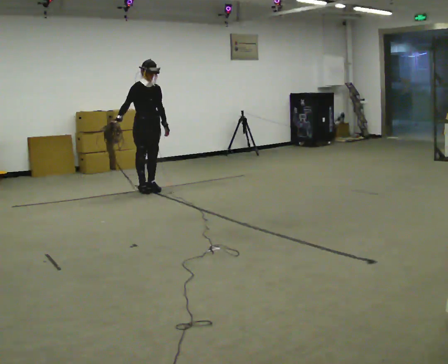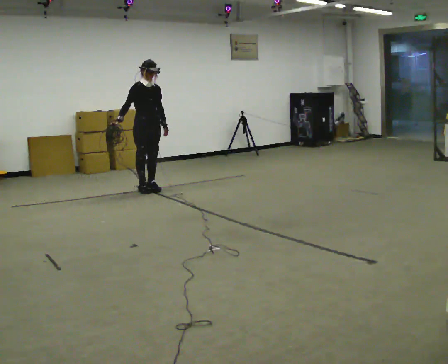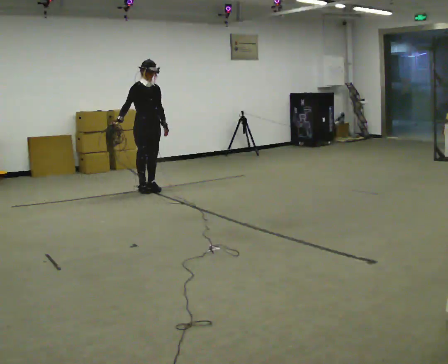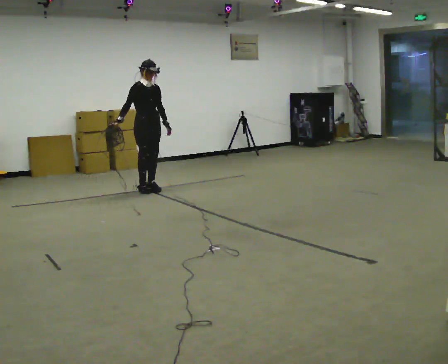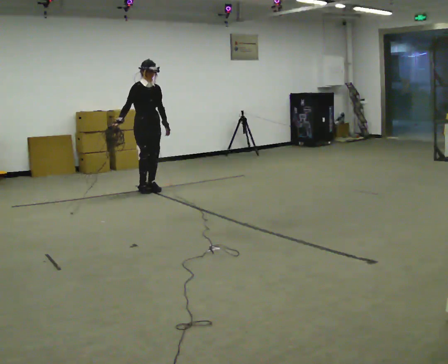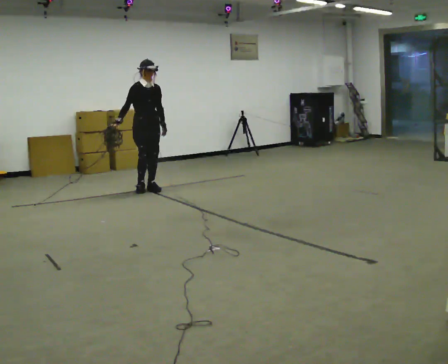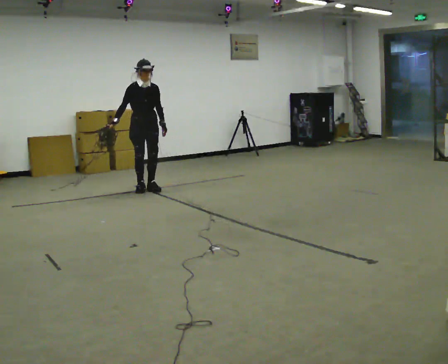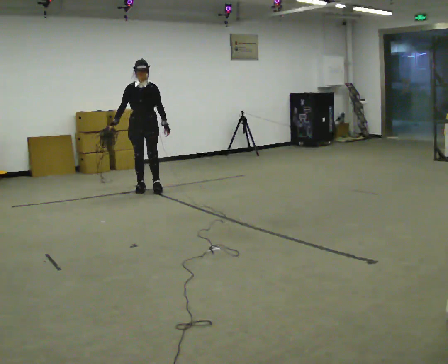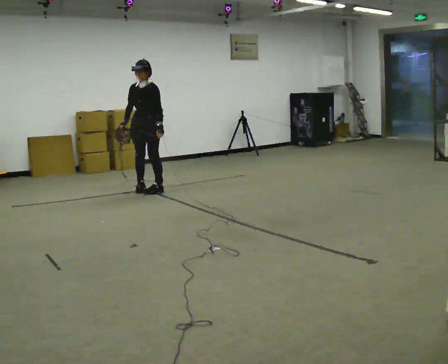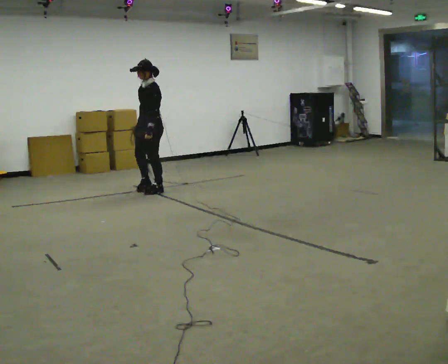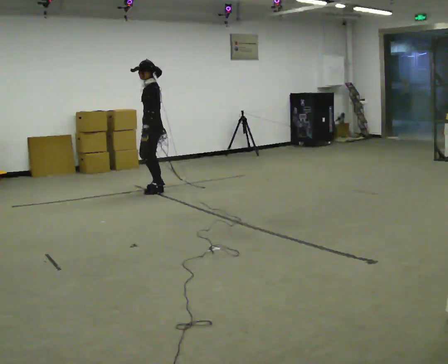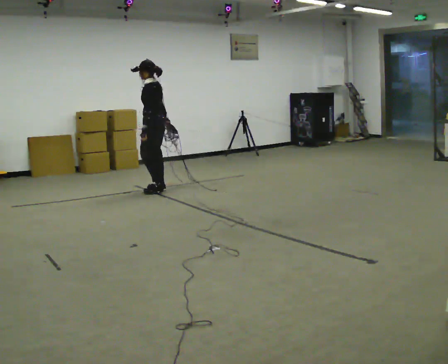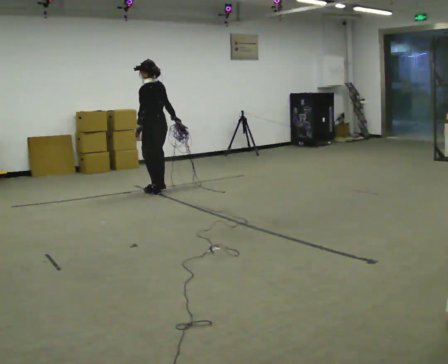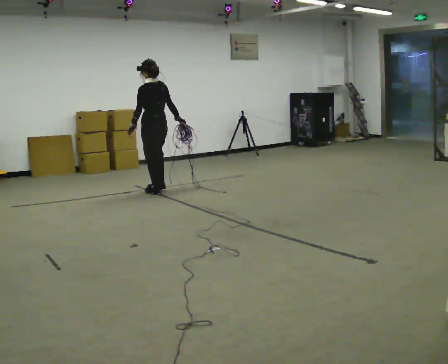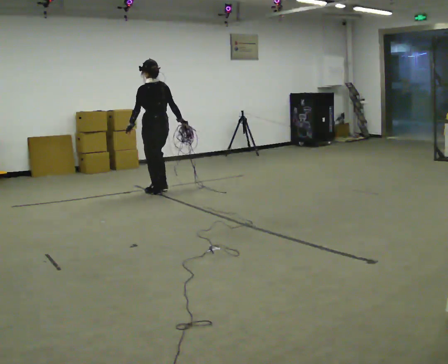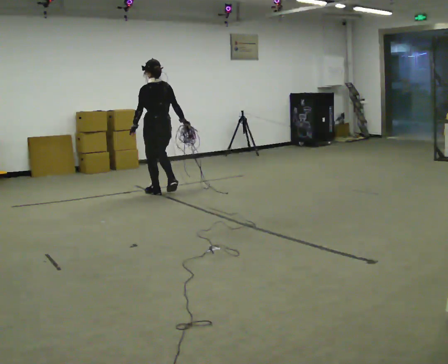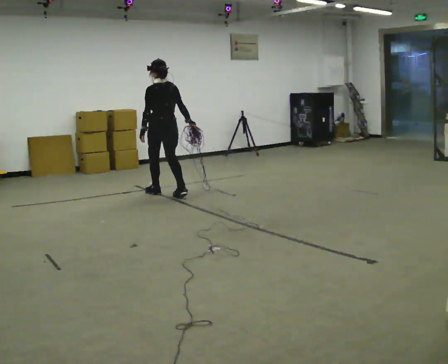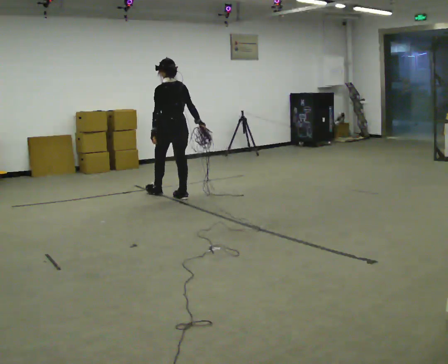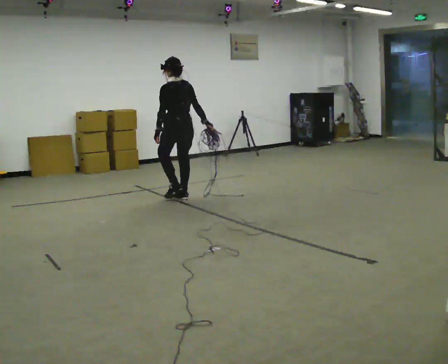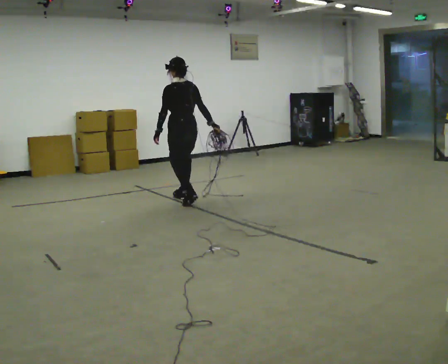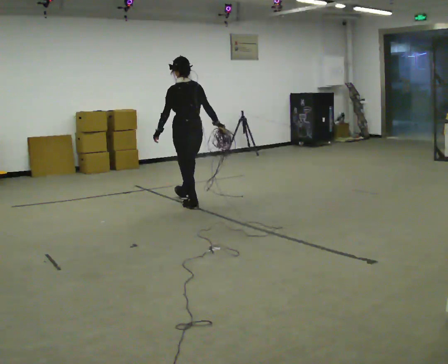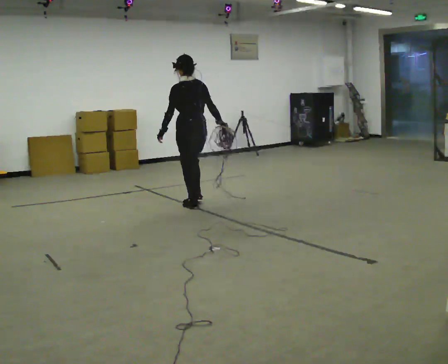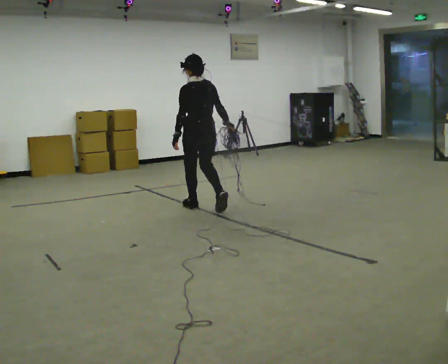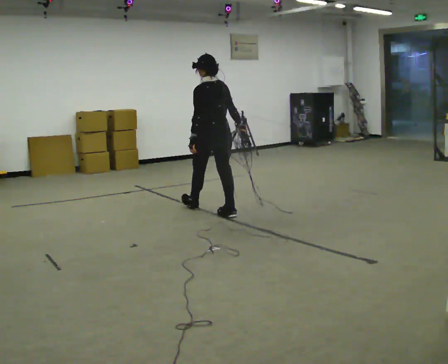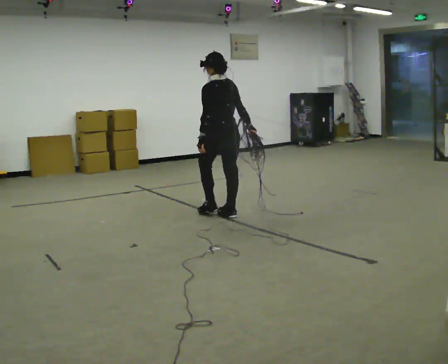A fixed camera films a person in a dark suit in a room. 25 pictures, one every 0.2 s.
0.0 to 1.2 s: The person moves a little, or ends about where they began.
1.2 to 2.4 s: Seen from above the body turns clockwise, about 135 degrees: to their right, with its near side sliding to the left. In the picture they go to the right, about 0.25 m in 2 steps. In the picture their right hand goes to the right, the arm swinging counterclockwise.
2.4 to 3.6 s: Seen from above the body turns clockwise, about 30 degrees: to their right, with its near side sliding to the left. In the picture they go toward the camera and to the right, about 0.5 m in 2 steps, which for them is backward.
3.6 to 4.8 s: In the picture they go toward the camera and to the right, about 1 m in 2 steps, which for them is backward.
The film runs backward here.
